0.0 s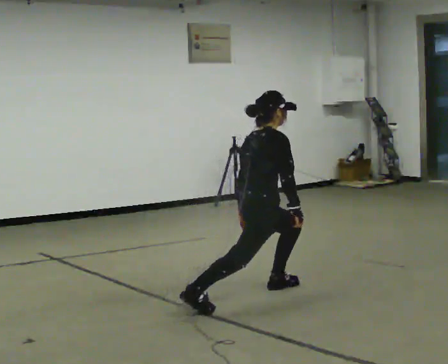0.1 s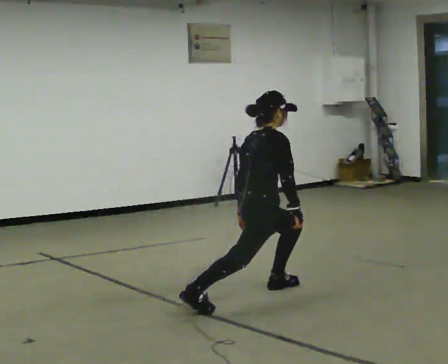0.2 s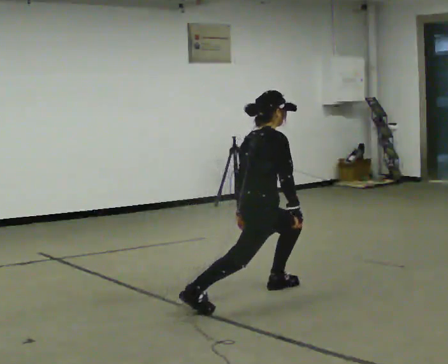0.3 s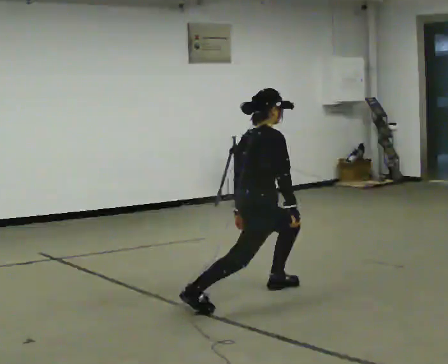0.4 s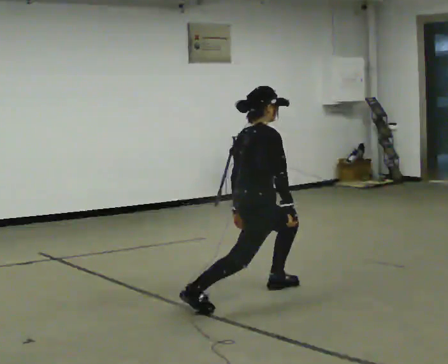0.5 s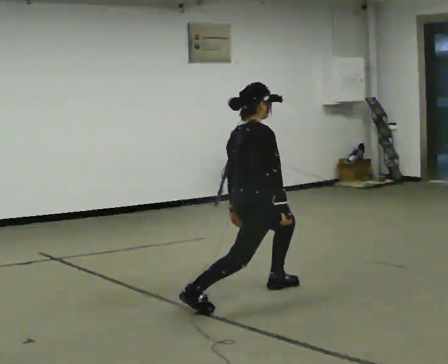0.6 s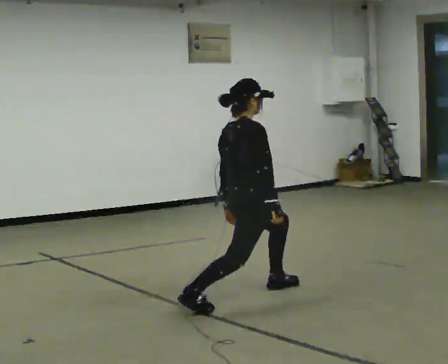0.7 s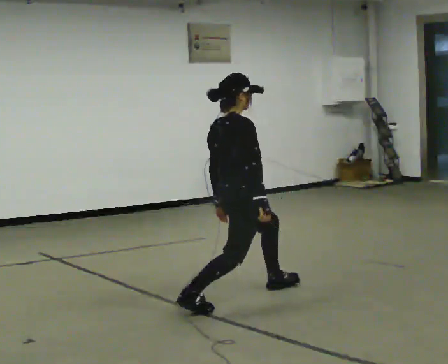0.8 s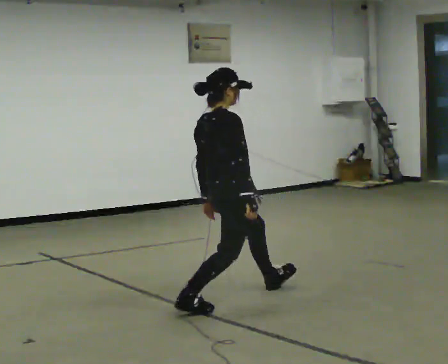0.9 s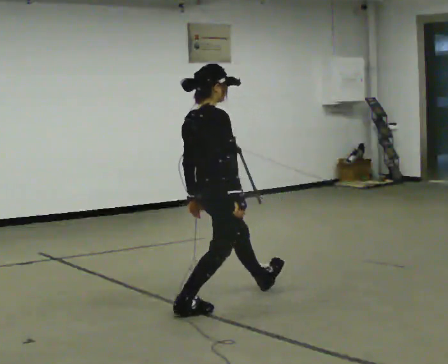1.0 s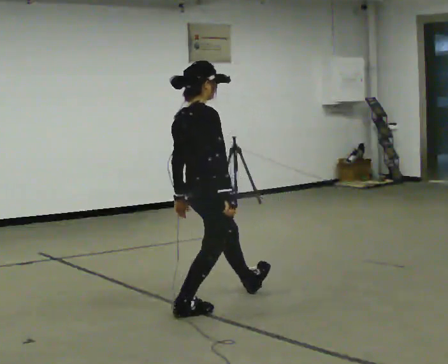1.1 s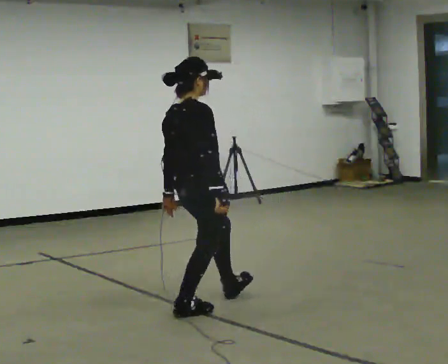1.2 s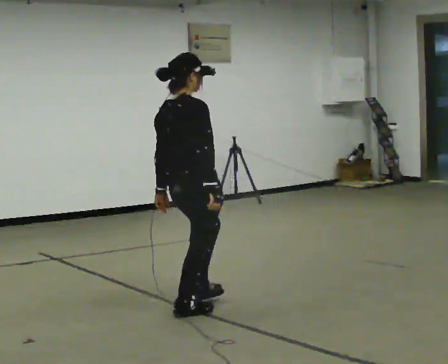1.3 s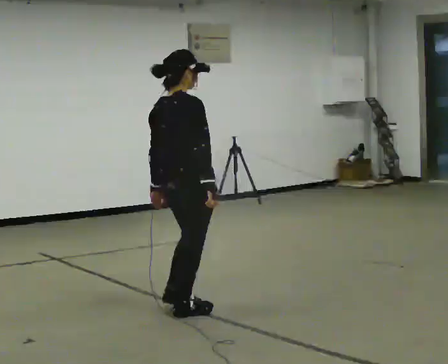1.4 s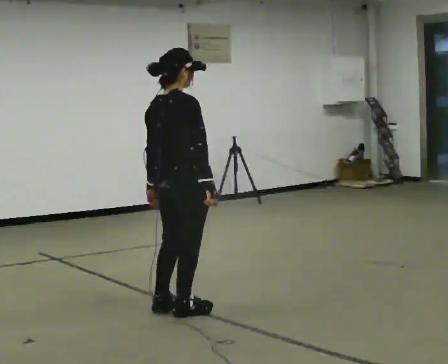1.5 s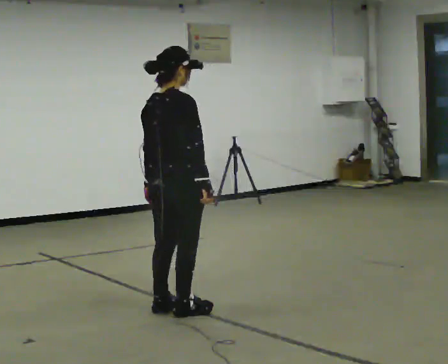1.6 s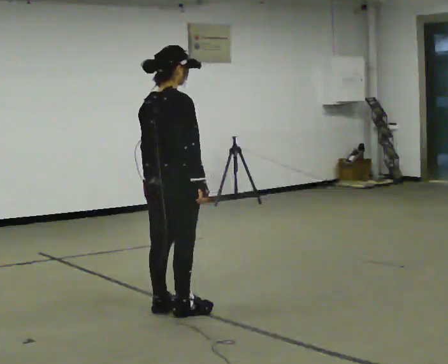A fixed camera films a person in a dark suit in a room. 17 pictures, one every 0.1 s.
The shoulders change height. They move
upward.
0.0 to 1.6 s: In the picture they go to the left and toward the camera, about 0.75 m in 1 step, which for them is backward. The upper body goes upward.
The film runs forward here.
